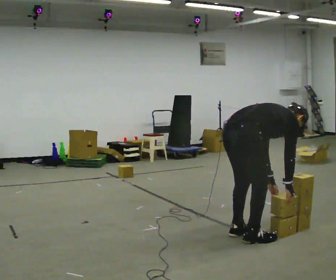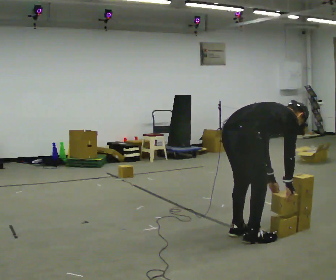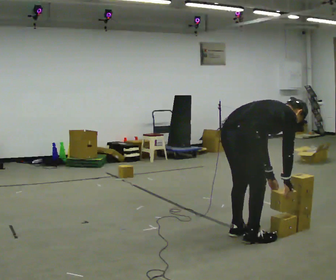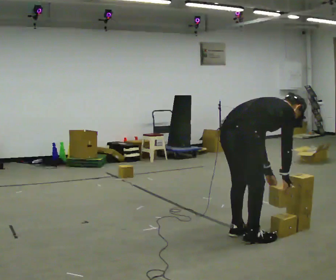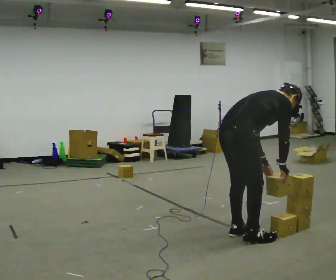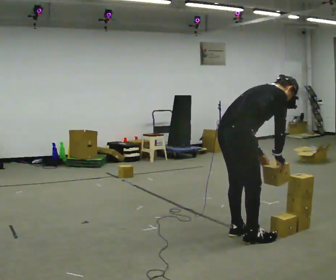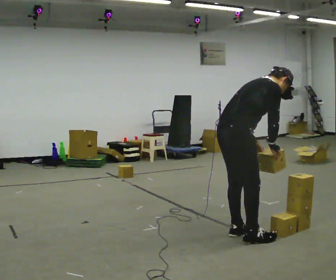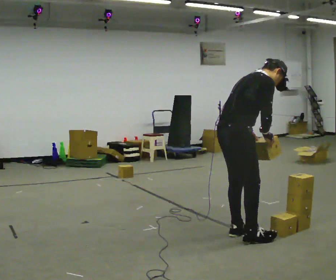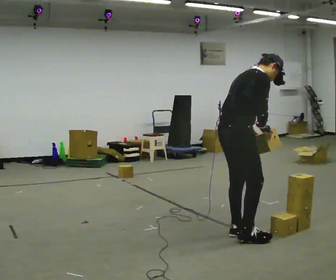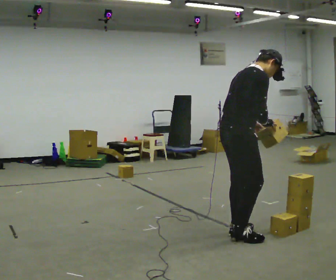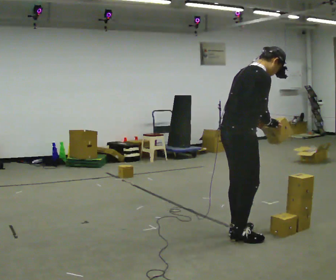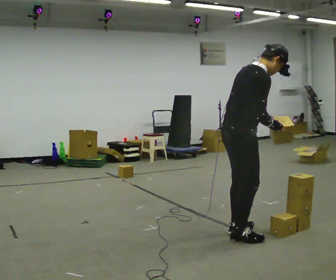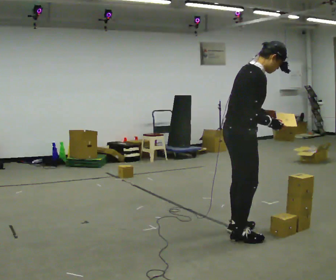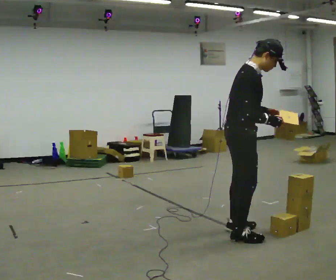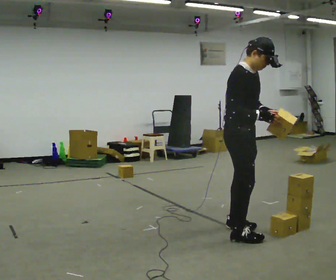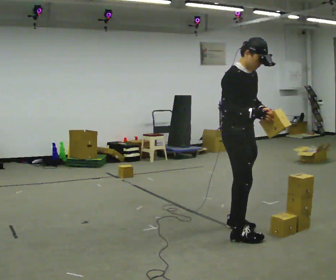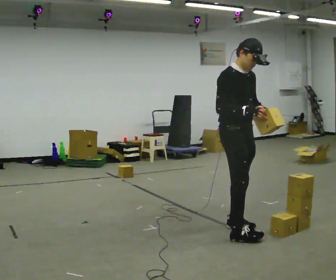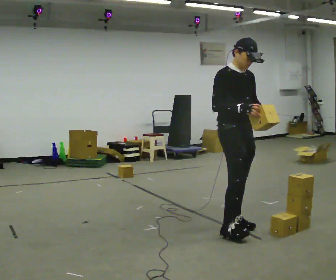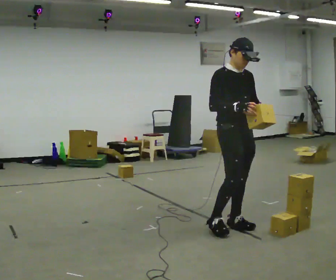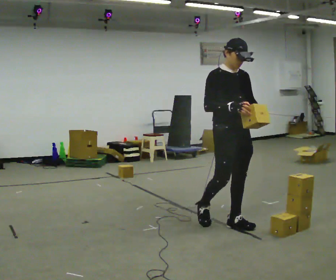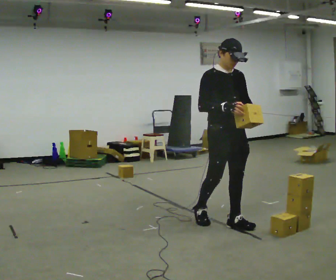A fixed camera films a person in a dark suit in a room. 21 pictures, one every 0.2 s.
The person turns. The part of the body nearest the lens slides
to the left.
Their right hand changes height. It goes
upward.
0.0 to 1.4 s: The upper body goes upward. In the picture the upper body tilts counterclockwise, shoulders to the left, as they lean back or straighten. In the picture their left hand goes upward.
1.4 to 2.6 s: The upper body tips toward the camera, its near side rolling downward, as they lean back or straighten.
2.6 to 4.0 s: The person turns about 60 degrees to their right, clockwise seen from above, so the part of the body nearest the lens slides to the left. In the picture they go away from the camera, about 0.5 m in 1 step, which for them is backward and to their left. In the picture the upper body tilts counterclockwise, shoulders to the left.
The film runs backward here.
